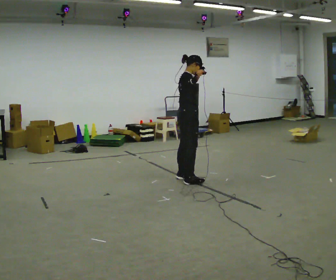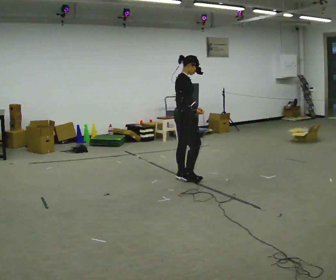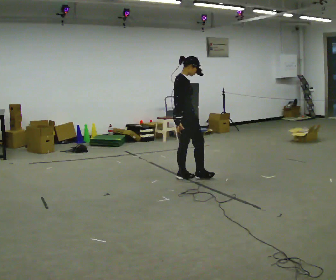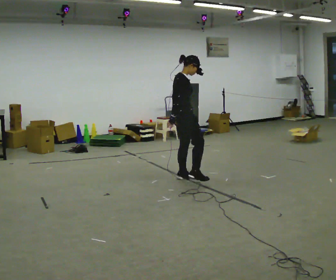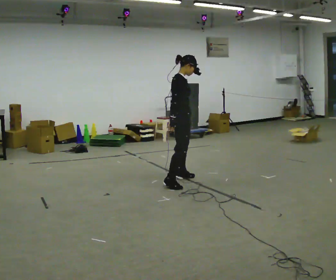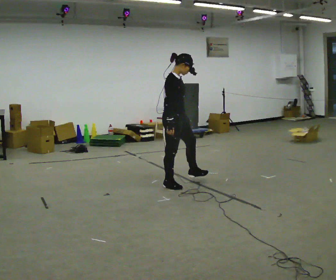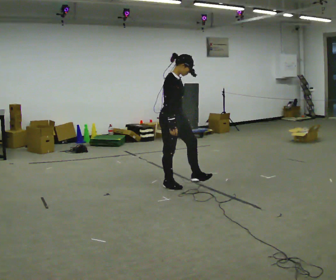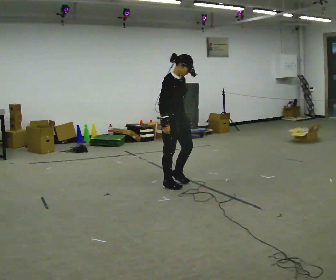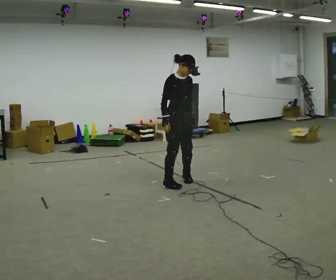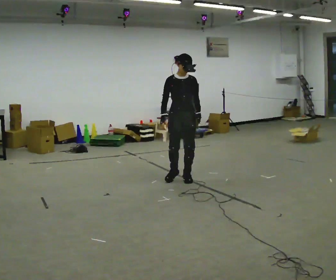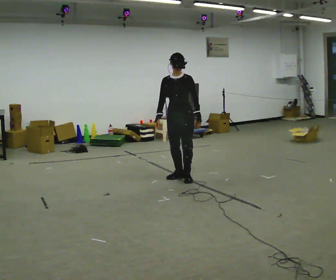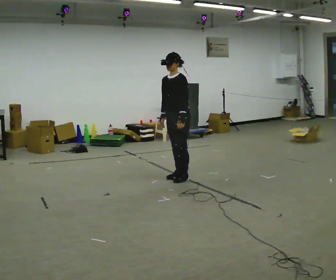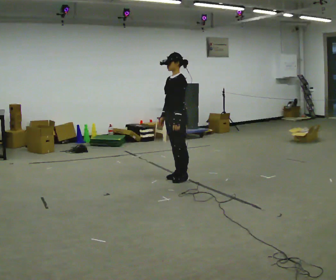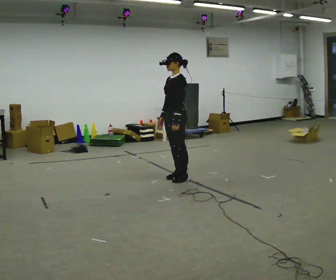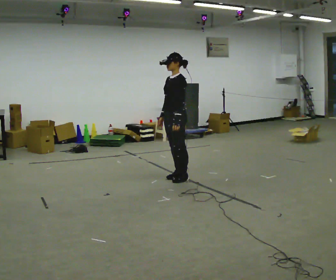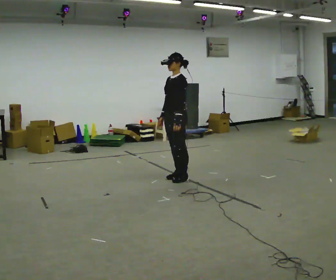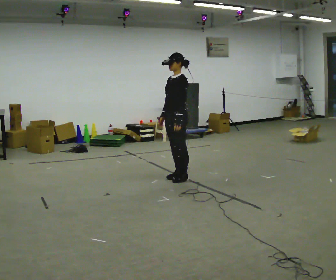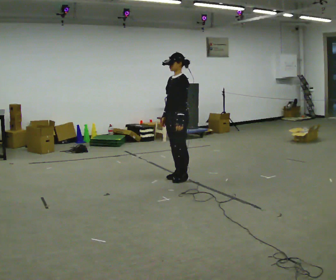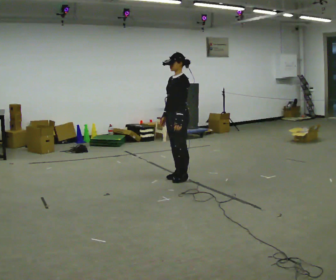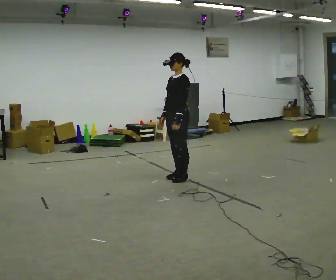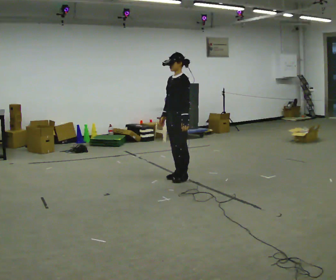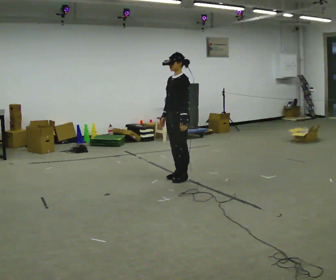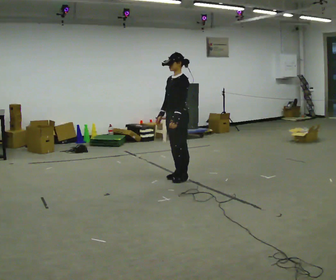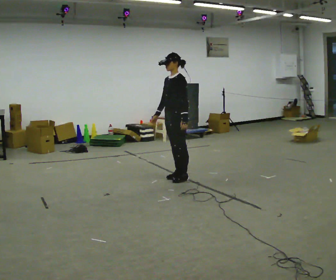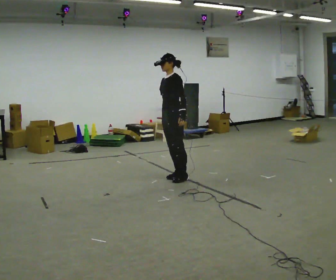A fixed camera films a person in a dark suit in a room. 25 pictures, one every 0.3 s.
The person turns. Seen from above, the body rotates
clockwise.
The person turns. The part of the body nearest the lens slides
to the left.
0.0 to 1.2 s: In the picture their right hand goes downward.
1.2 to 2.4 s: The person turns about 60 degrees to their right, clockwise seen from above, so the part of the body nearest the lens slides to the left.
2.4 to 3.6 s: The part of the body nearest the lens slides to the left as the person turns to their right by about 105 degrees. In the picture they go away from the camera, about 0.25 m in 1 step.
3.6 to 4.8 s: The person keeps their place and pose.
4.8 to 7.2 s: The person moves a little, or ends about where they began.
The film runs backward here.
